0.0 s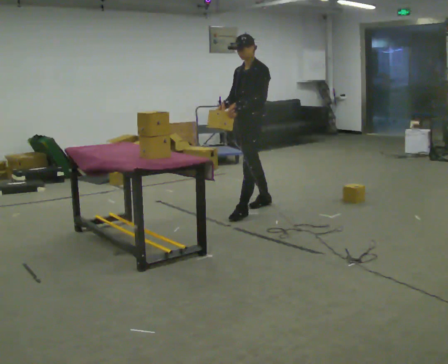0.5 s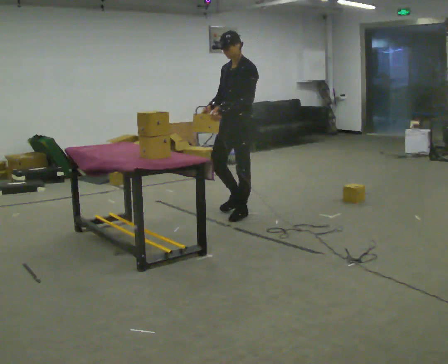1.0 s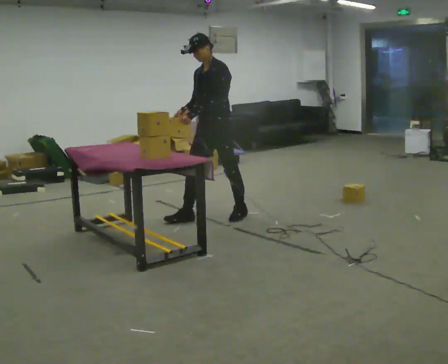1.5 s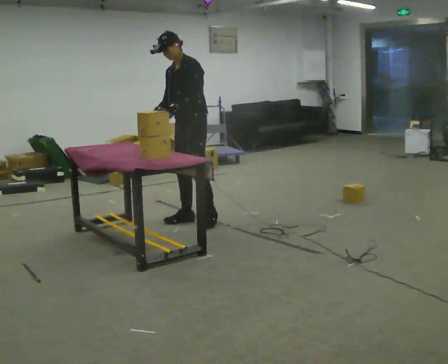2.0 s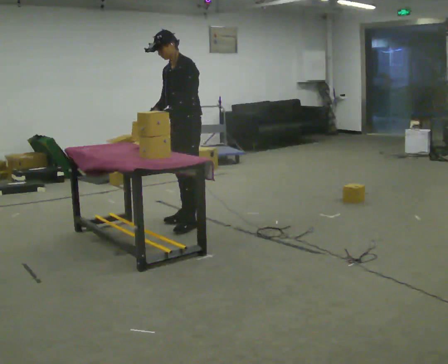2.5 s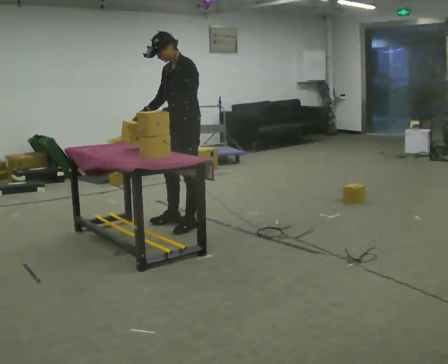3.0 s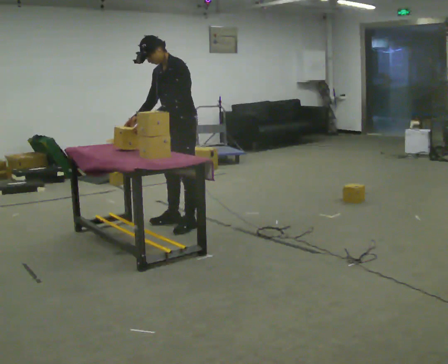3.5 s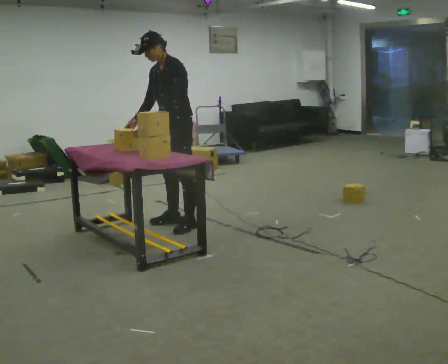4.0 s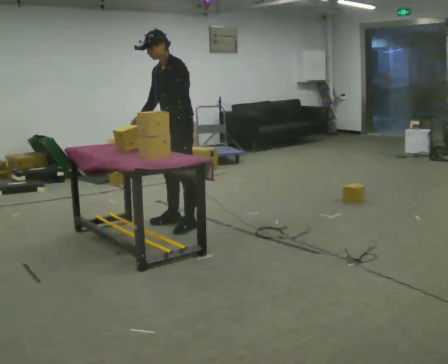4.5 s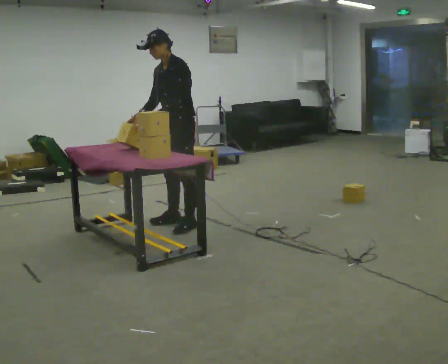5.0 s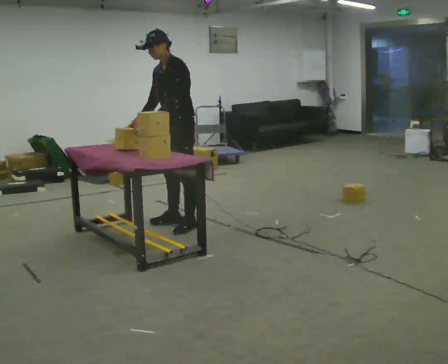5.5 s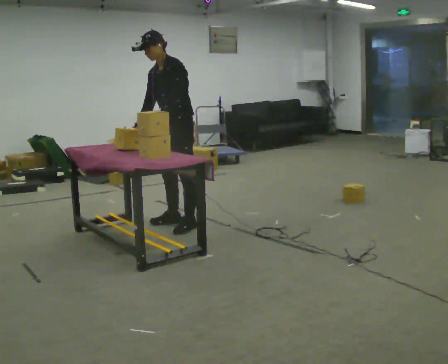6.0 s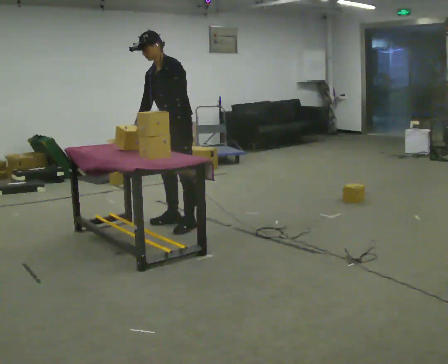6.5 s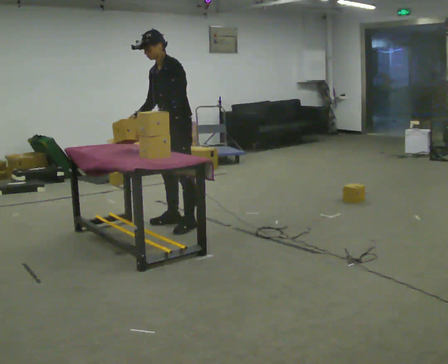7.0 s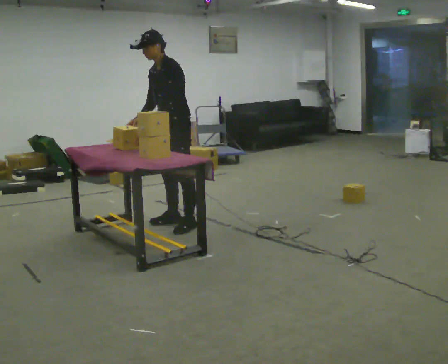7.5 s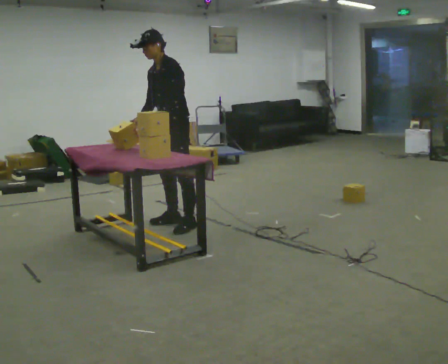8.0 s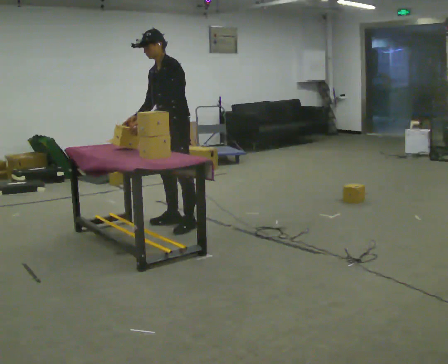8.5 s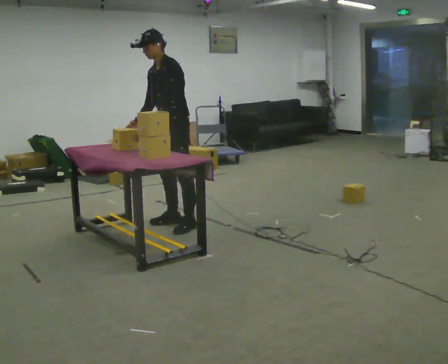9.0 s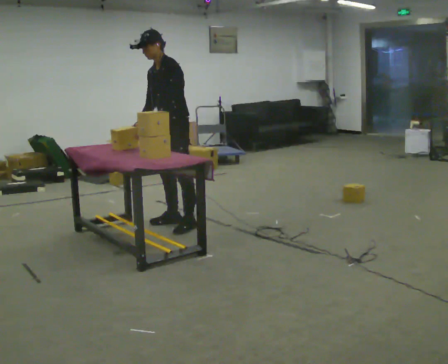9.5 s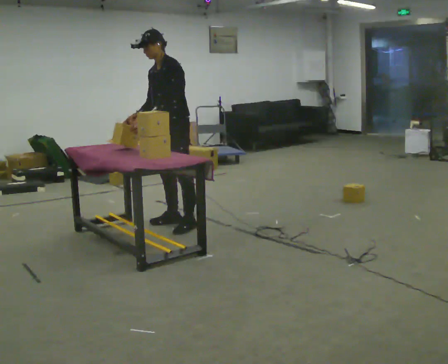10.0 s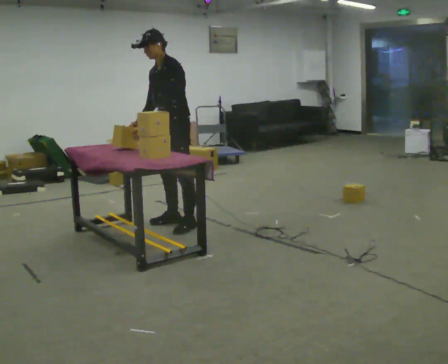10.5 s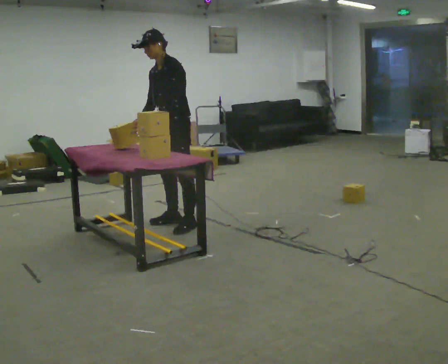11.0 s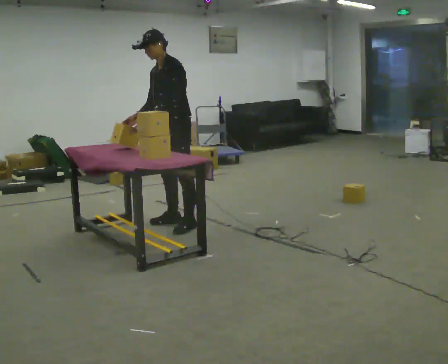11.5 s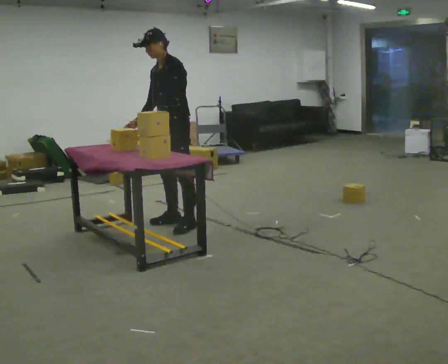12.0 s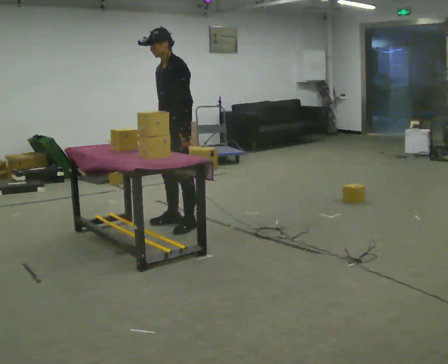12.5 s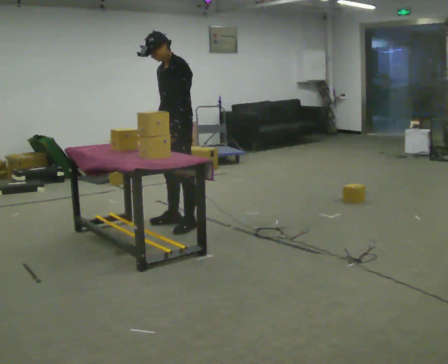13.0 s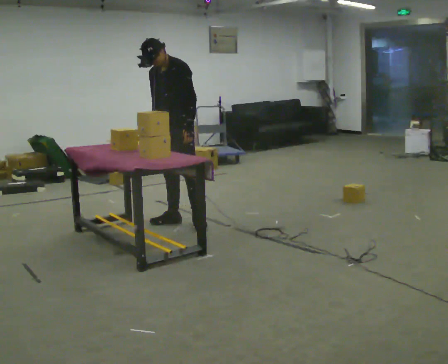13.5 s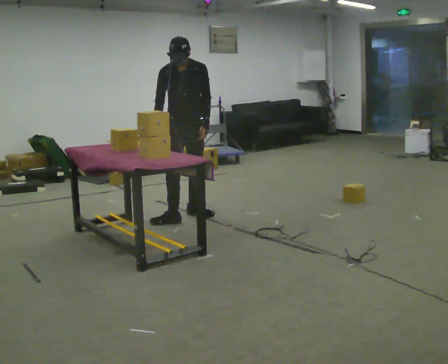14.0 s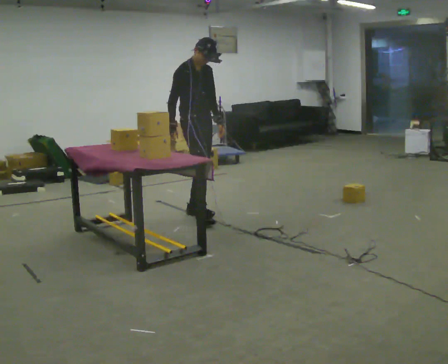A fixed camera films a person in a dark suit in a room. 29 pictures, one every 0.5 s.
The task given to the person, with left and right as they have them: Carry the box over and put it on the shelf with the label facing out towards you. Get the orientation right, not just the position. Keep going until the operator says stop; one object at a time, and do not rush between trips.
0.0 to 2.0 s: In the picture they go to the left and toward the camera, about 0.5 m in 2 steps, which for them is forward.
2.0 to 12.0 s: The person moves a little, or ends about where they began.
12.0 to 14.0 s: The person turns about 105 degrees to their left, counterclockwise seen from above, so the part of the body nearest the lens slides to the right. In the picture they go away from the camera and to the right, about 0.5 m in 1 step.
The film runs forward here.
